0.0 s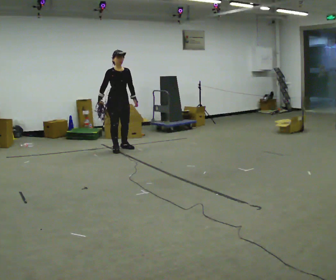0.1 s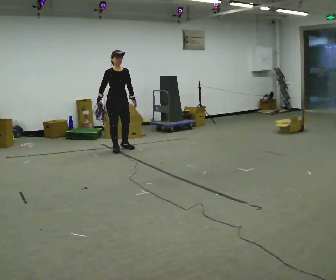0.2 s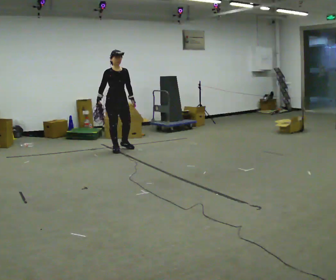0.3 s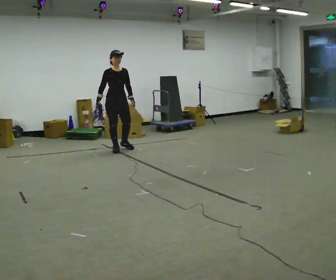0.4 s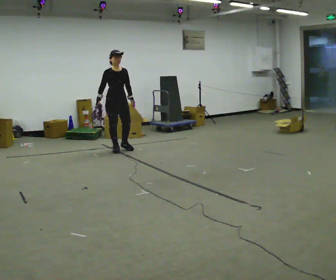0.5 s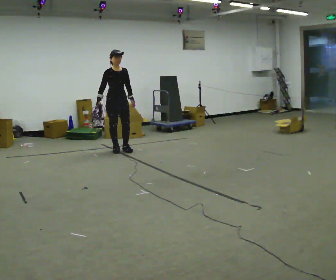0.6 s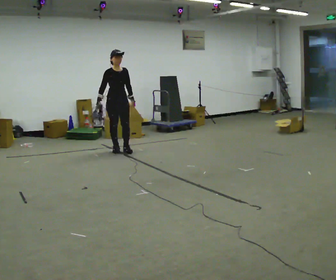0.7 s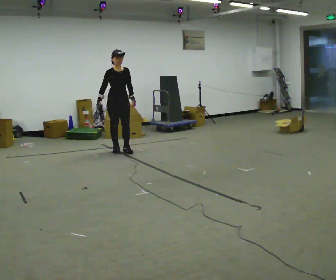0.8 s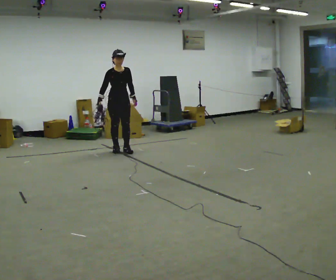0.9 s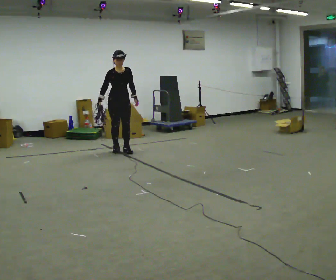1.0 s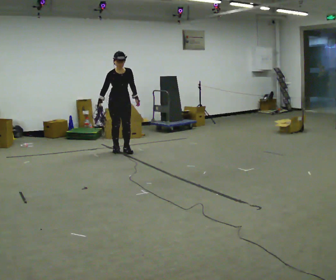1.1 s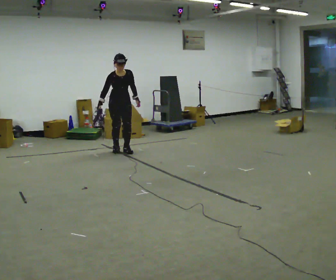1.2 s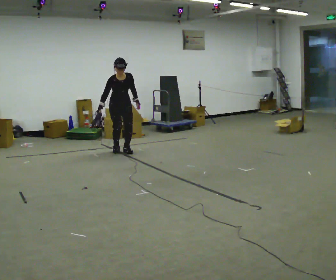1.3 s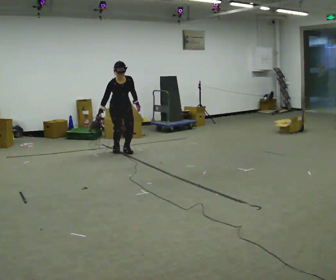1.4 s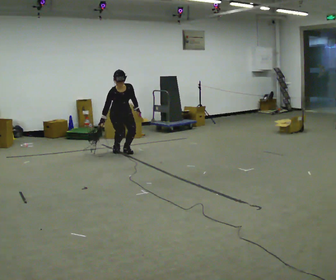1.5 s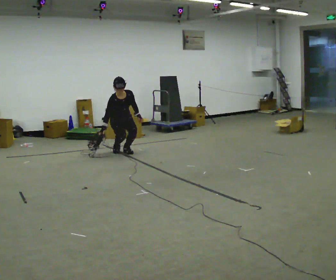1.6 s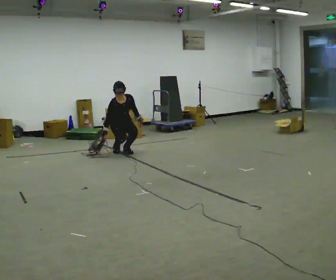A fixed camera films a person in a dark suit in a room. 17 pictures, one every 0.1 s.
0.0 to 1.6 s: The shoulders move downward. The upper body tips toward the camera, its near side rolling downward, as they bend forward. In the picture their left hand goes downward.
The film runs forward here.
